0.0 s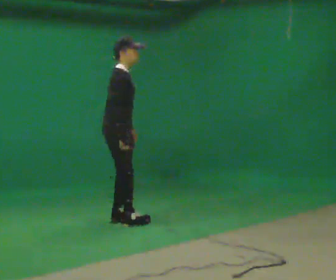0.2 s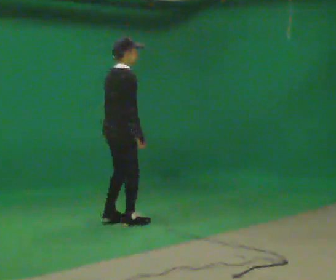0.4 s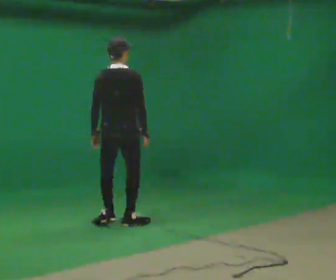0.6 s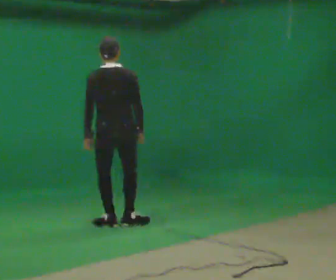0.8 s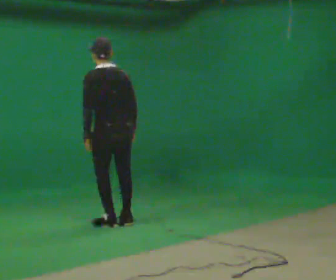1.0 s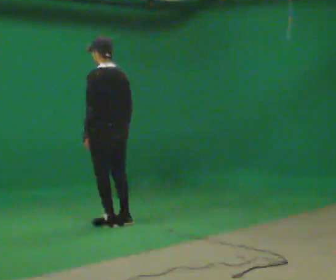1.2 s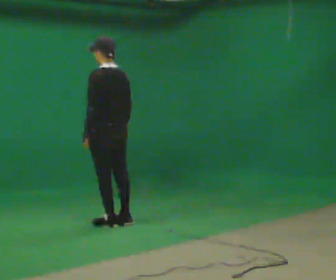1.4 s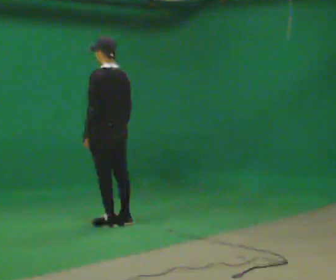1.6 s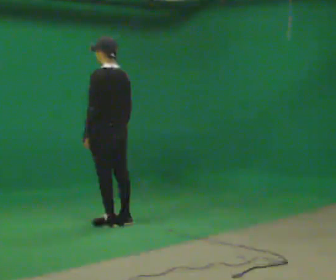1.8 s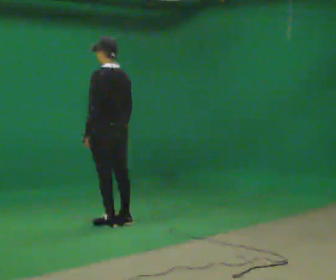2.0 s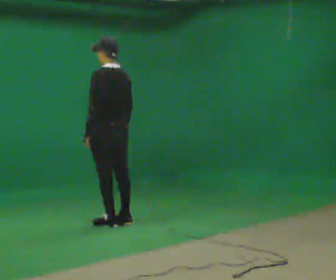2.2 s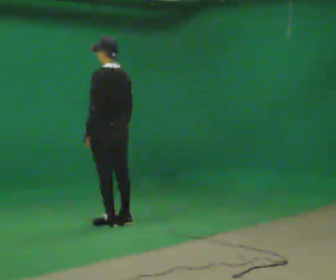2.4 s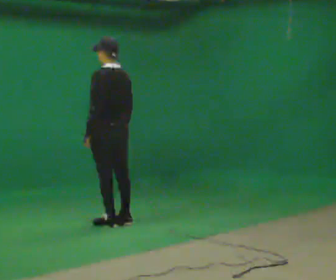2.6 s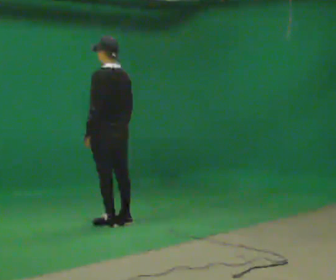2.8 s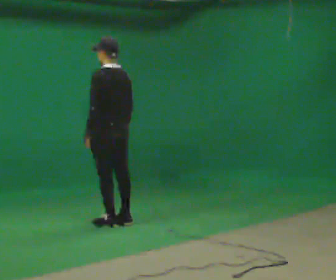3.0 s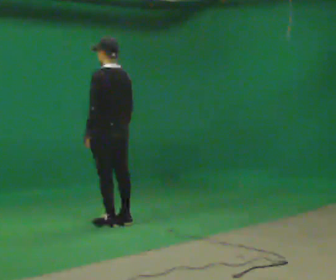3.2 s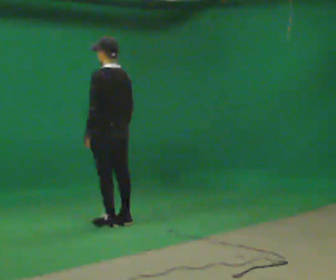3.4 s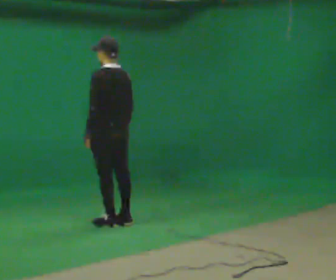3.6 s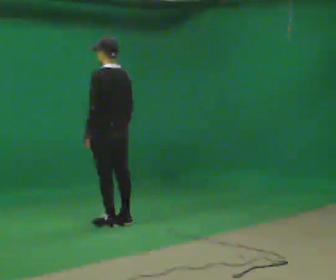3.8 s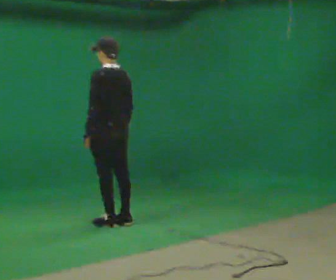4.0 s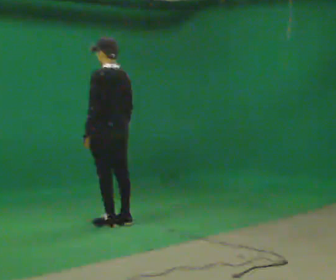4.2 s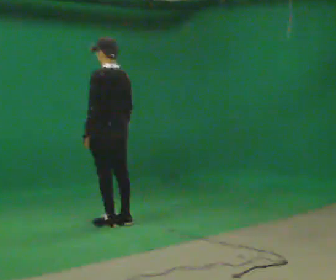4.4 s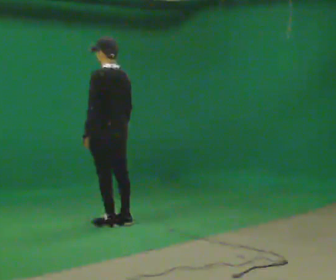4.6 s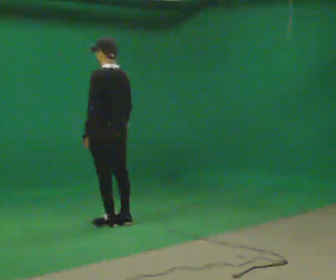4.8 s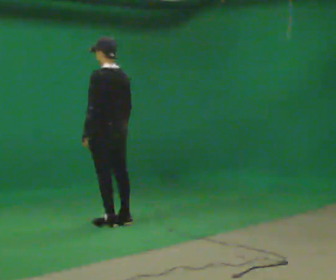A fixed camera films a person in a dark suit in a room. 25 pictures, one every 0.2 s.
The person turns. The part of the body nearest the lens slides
to the right.
The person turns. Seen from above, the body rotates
counterclockwise.
0.0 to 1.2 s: The person turns about 135 degrees to their left, counterclockwise seen from above, so the part of the body nearest the lens slides to the right. In the picture their left hand goes to the left.
1.2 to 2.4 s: The person moves a little, or ends about where they began.
2.4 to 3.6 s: The person keeps their place and pose.
3.6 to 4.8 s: The person moves a little, or ends about where they began.
The film runs backward here.
